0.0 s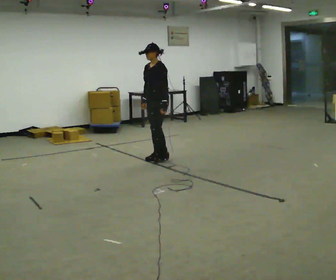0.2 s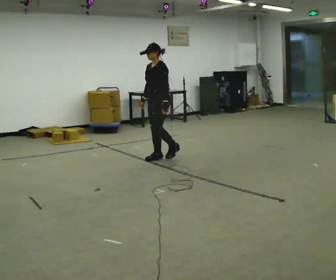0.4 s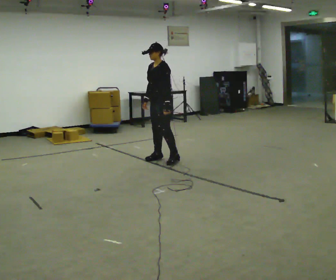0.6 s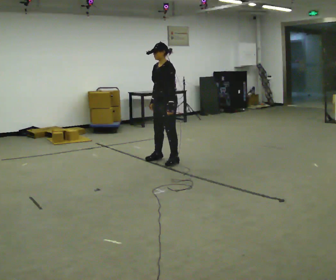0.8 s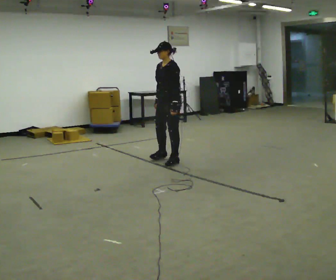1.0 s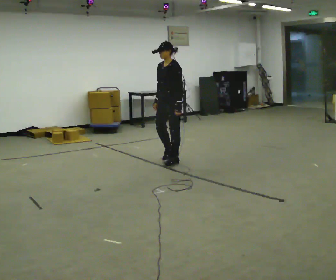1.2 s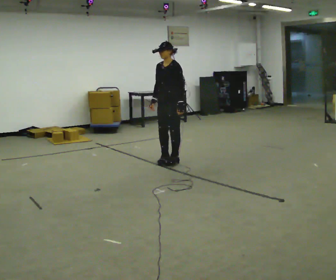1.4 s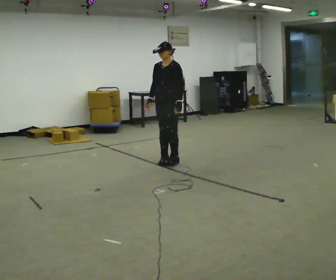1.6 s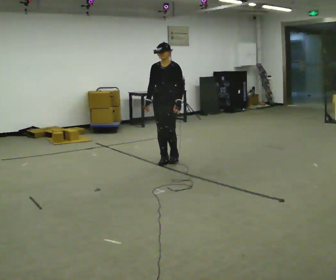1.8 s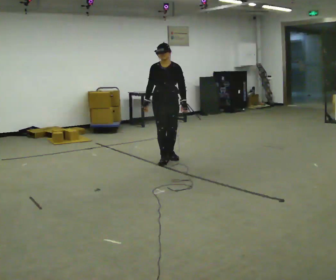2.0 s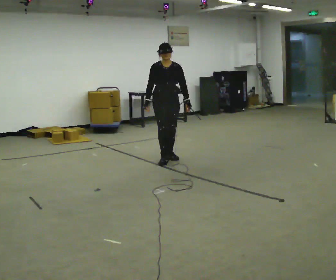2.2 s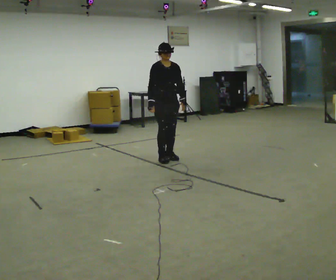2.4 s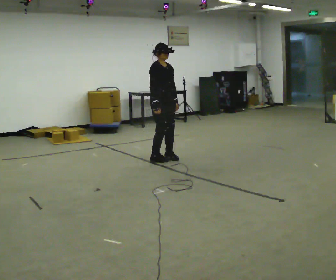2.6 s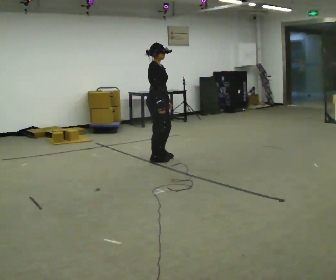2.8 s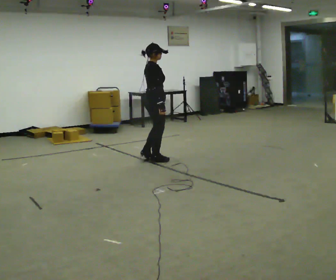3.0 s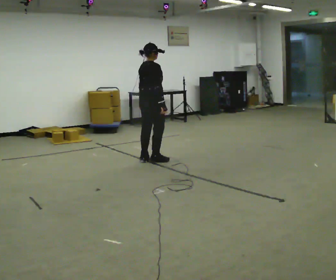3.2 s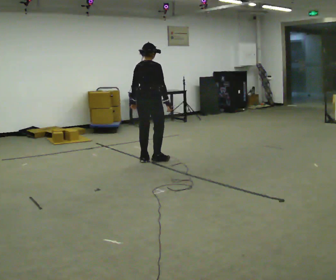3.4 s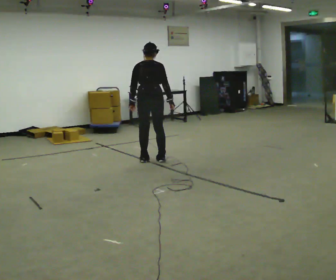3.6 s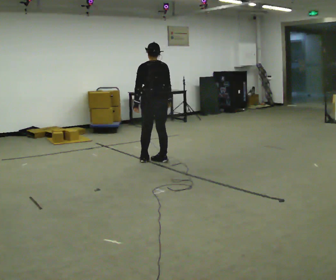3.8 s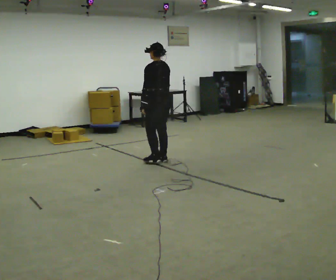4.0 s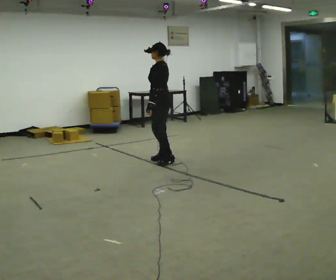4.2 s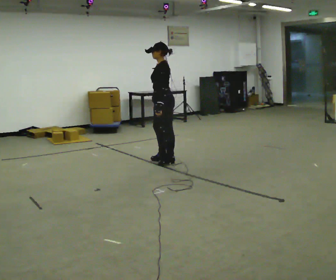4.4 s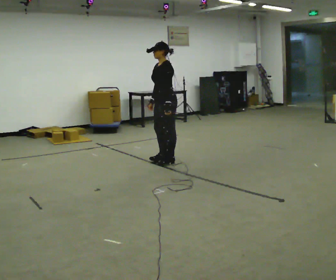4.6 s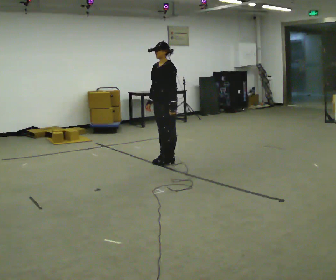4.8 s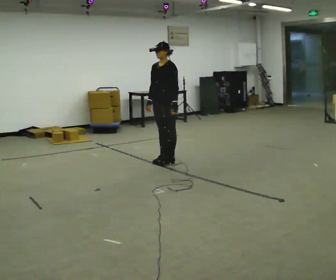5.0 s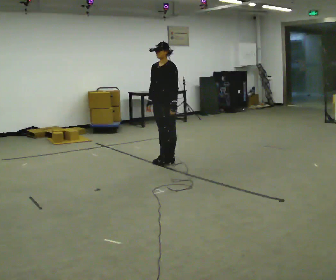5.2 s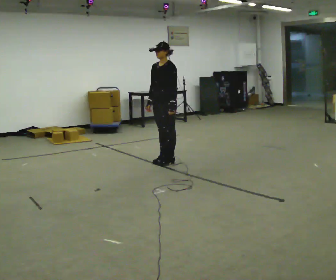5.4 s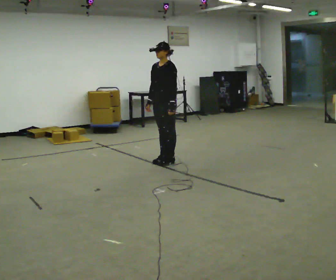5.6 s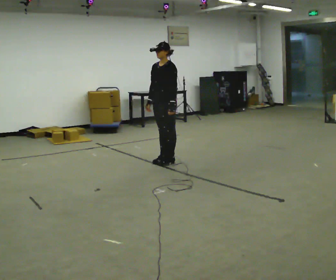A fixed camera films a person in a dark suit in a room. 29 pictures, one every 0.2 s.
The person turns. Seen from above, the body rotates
counterclockwise.
The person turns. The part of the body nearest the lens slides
to the right.
0.0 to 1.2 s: In the picture they go toward the camera and to the right, about 0.25 m, which for them is to their left.
1.2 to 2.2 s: Seen from above the body turns counterclockwise, about 75 degrees: to their left, with its near side sliding to the right. In the picture they go away from the camera, about 0.25 m in 2 steps.
2.2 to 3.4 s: Seen from above the body turns counterclockwise, about 135 degrees: to their left, with its near side sliding to the right. In the picture they go to the left, about 0.25 m in 2 steps.
3.4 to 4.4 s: The person turns about 120 degrees to their left, counterclockwise seen from above, so the part of the body nearest the lens slides to the right. In the picture they go to the right, about 0.25 m in 1 step.
4.4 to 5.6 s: The person moves a little, or ends about where they began.
The film runs backward here.
